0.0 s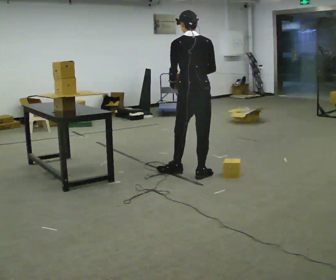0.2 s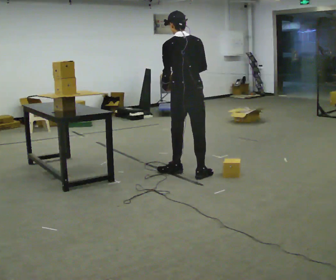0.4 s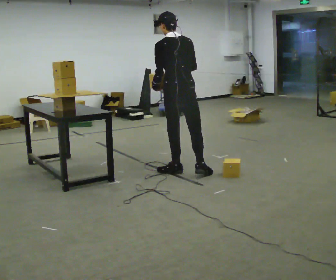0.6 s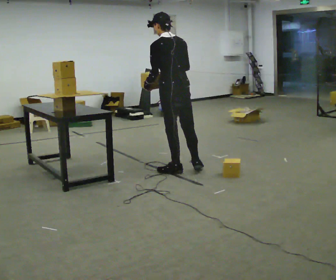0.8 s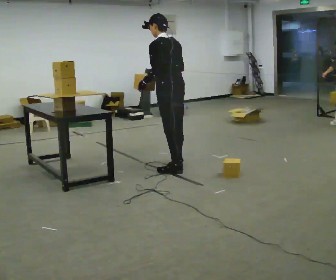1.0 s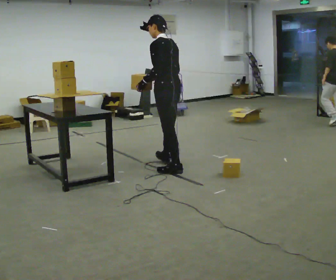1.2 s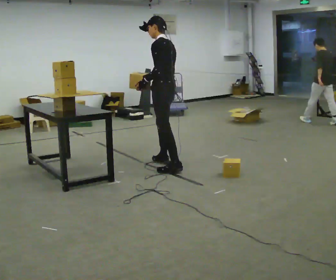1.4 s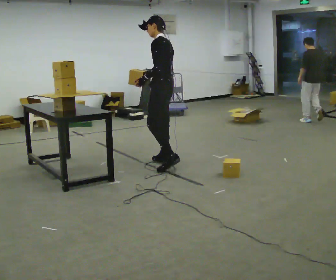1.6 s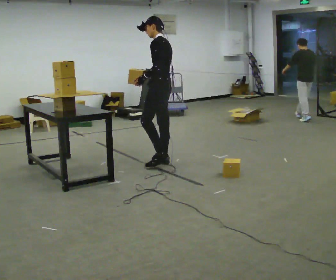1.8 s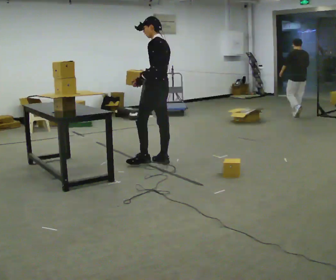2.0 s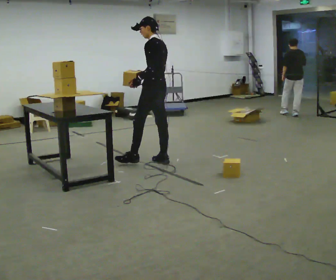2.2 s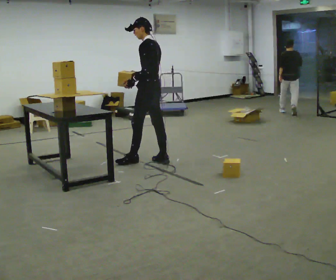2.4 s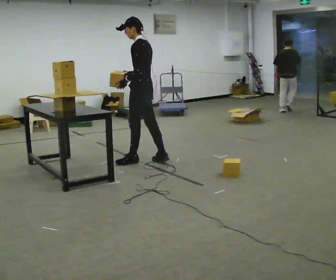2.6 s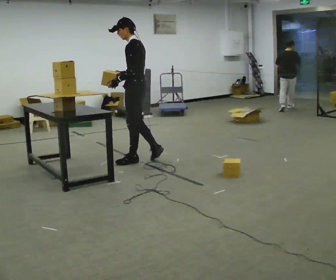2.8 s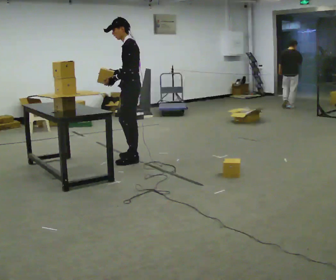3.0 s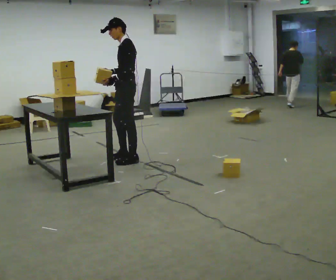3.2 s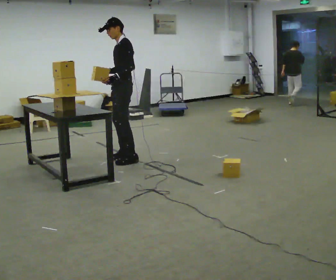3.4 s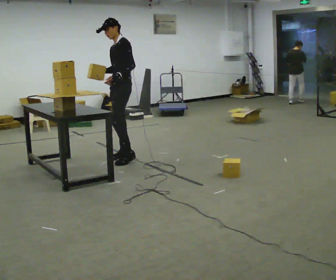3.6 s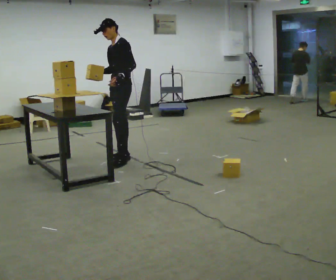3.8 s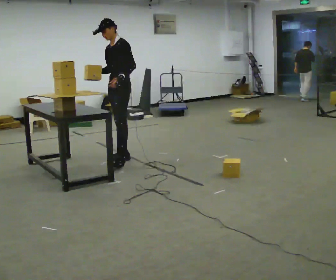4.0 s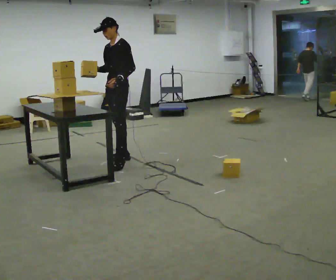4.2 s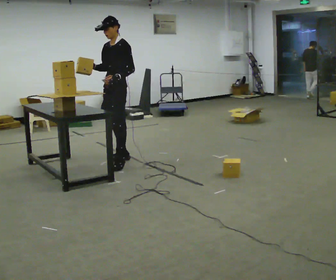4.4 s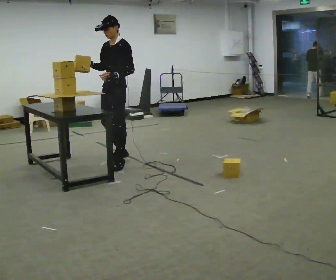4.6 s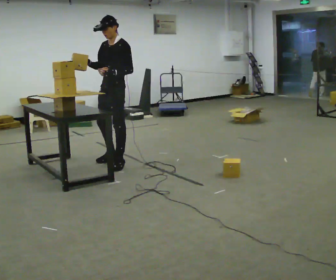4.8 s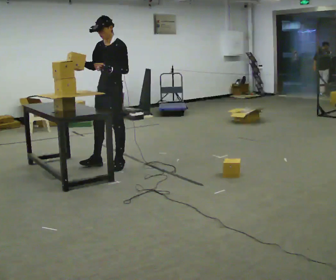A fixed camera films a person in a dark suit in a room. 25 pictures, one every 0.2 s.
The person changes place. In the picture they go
to the left.
The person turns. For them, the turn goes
to their left.
0.0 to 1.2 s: The person turns about 60 degrees to their left, counterclockwise seen from above, so the part of the body nearest the lens slides to the right. In the picture they go away from the camera and to the left, about 0.5 m in 1 step, which for them is forward.
1.2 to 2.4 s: In the picture they go away from the camera and to the left, about 0.25 m in 1 step, which for them is forward.
2.4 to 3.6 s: The person turns about 45 degrees to their left, counterclockwise seen from above, so the part of the body nearest the lens slides to the right. In the picture they go to the left, about 0.25 m in 1 step, which for them is forward and to their right.
3.6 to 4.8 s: In the picture they go toward the camera, about 0.25 m in 1 step, which for them is forward and to their left.
The film runs forward here.
